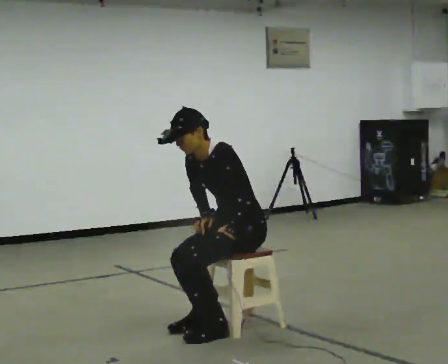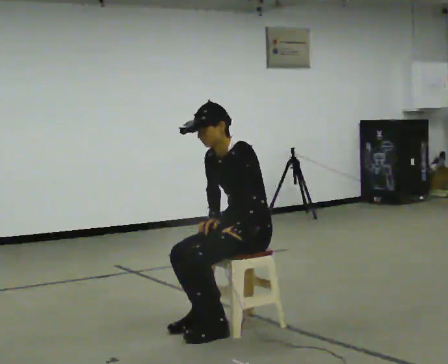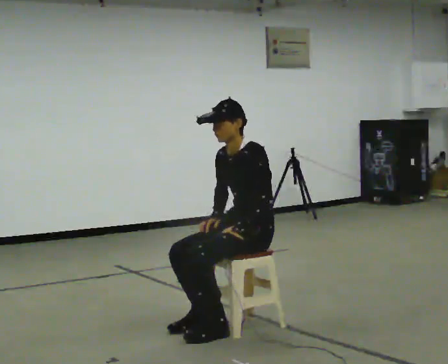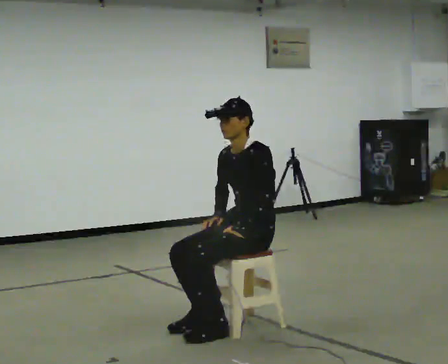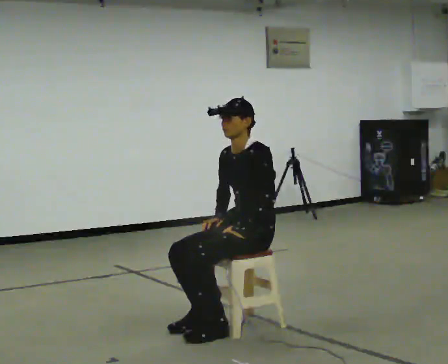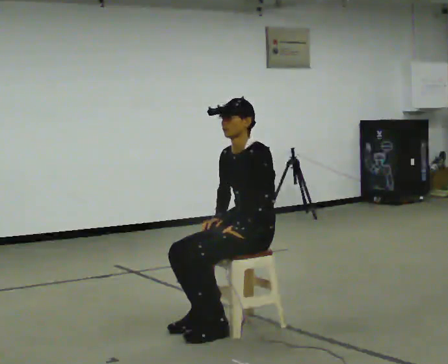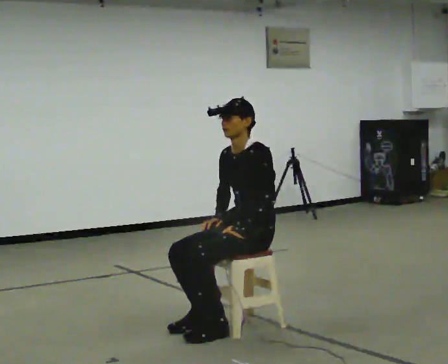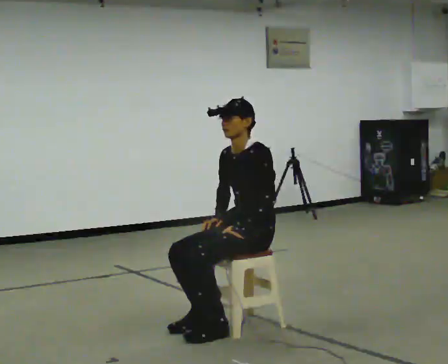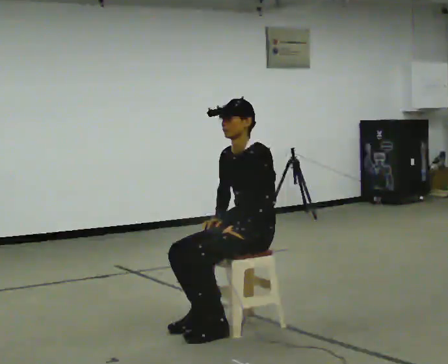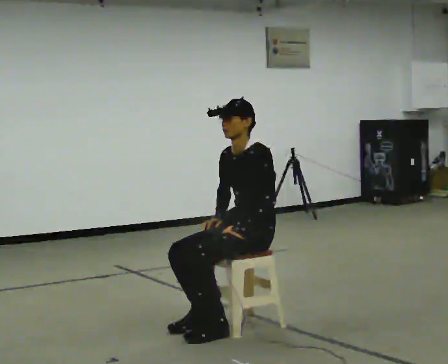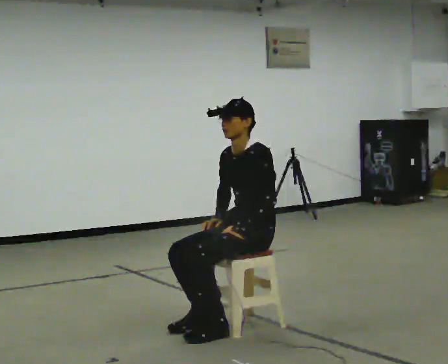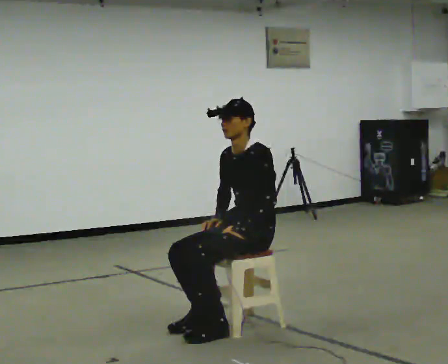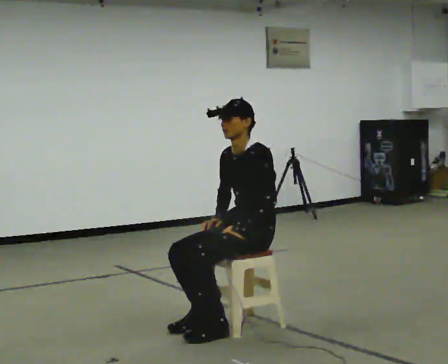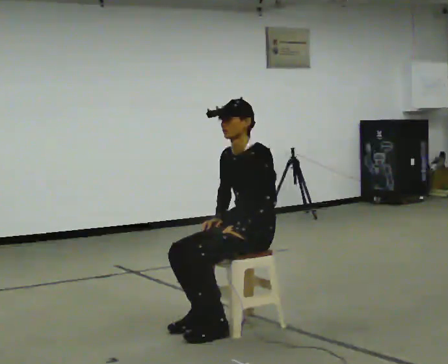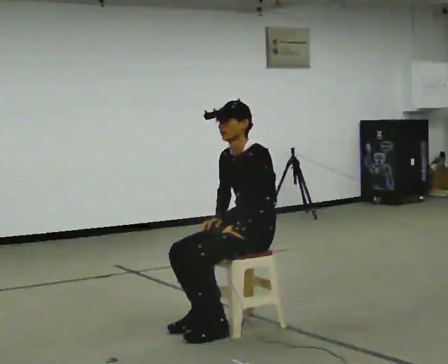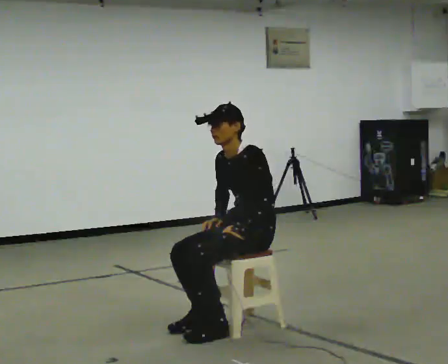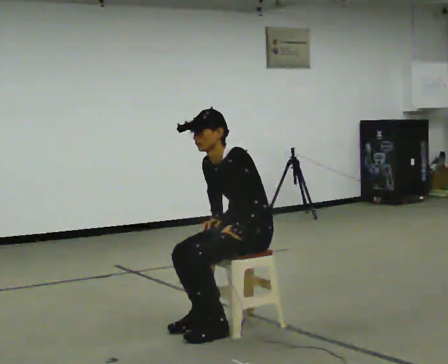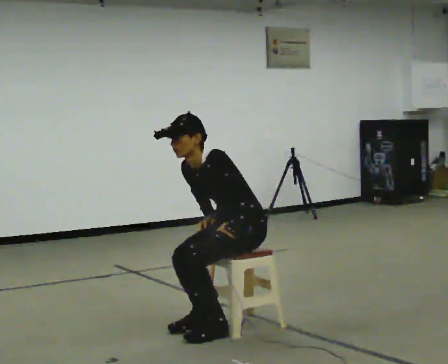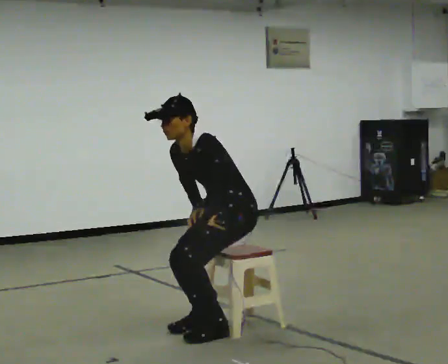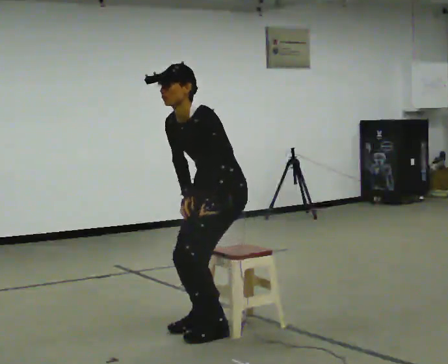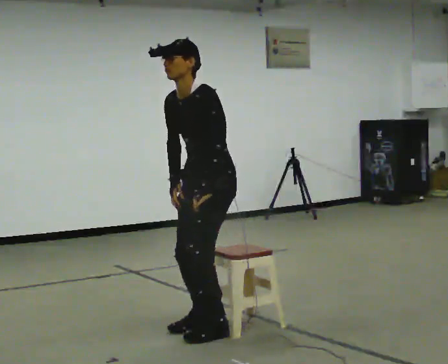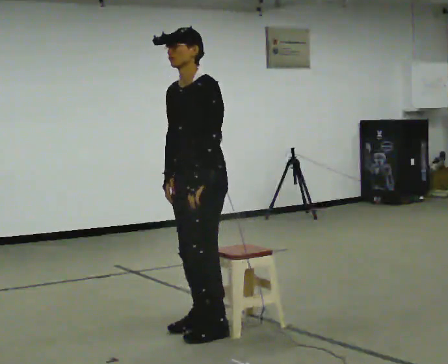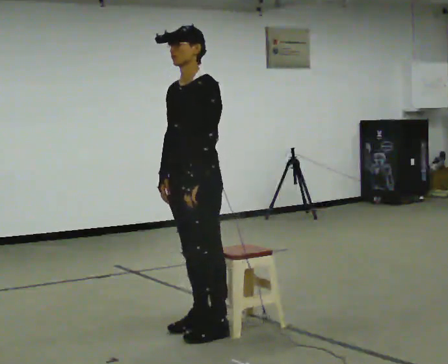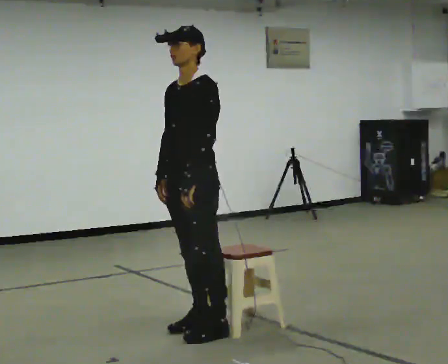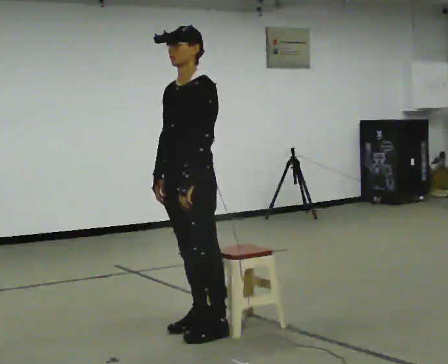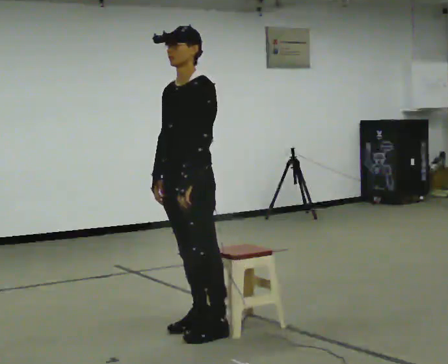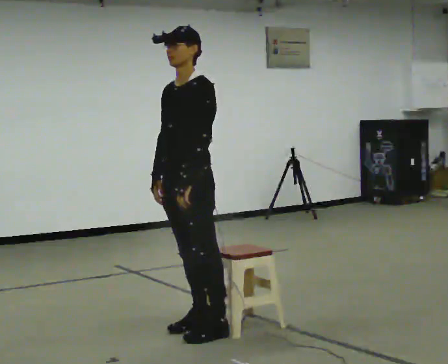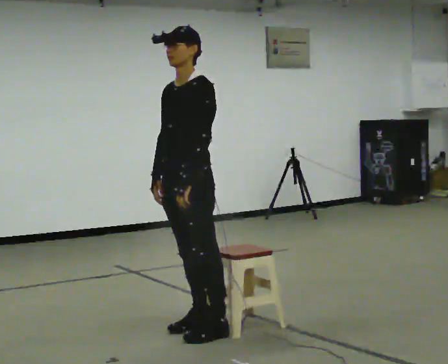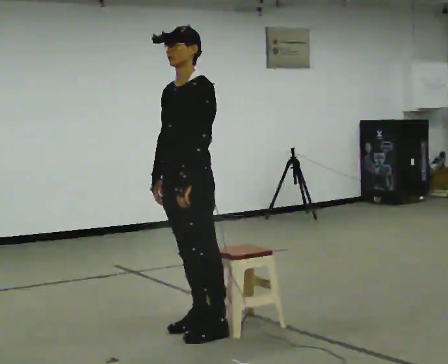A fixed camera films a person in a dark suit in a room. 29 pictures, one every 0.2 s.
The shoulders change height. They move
upward.
0.0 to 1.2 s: In the picture the upper body tilts clockwise, shoulders to the right, as they lean back or straighten.
1.2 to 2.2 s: The person keeps their place and pose.
2.2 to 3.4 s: In the picture the upper body tilts counterclockwise, shoulders to the left, as they bend forward.
3.4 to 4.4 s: In the picture they go to the left and toward the camera, about 0.25 m, which for them is forward. The upper body goes upward. In the picture the upper body tilts clockwise, shoulders to the right, as they lean back or straighten.
4.4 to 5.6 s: The person moves a little, or ends about where they began.
The film runs forward here.
